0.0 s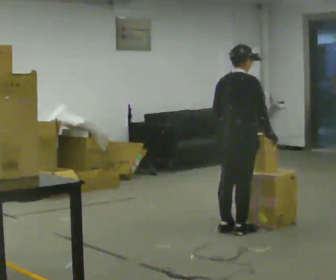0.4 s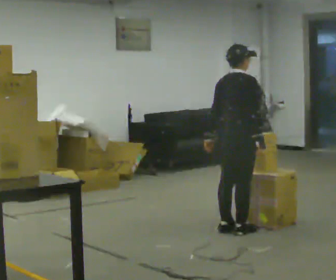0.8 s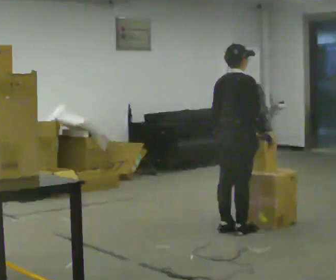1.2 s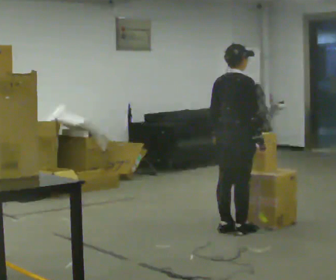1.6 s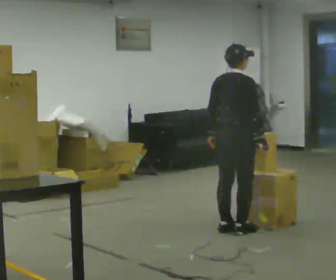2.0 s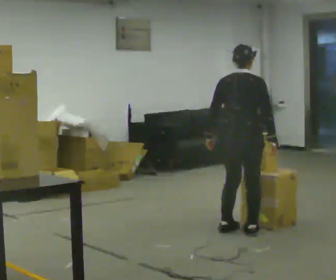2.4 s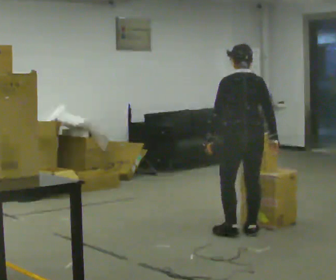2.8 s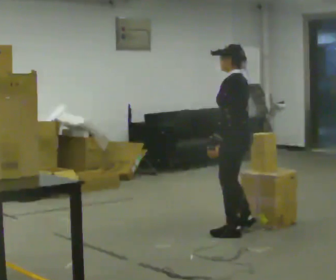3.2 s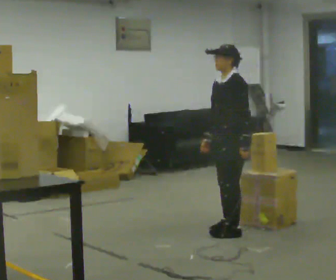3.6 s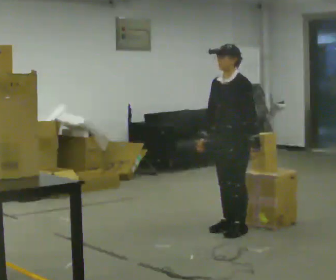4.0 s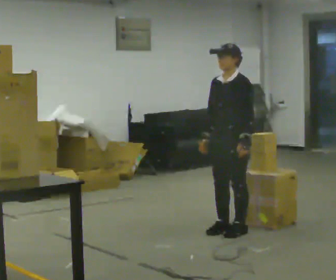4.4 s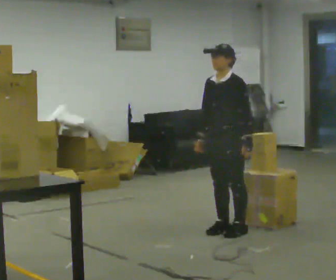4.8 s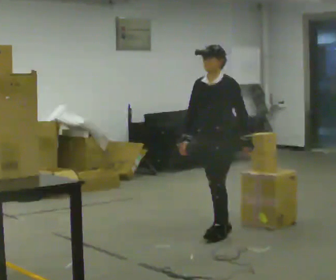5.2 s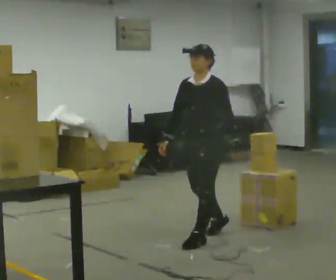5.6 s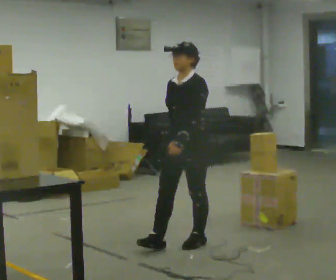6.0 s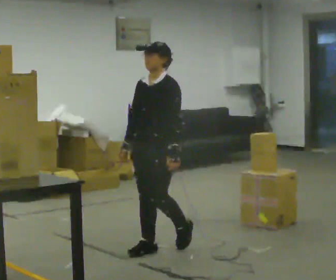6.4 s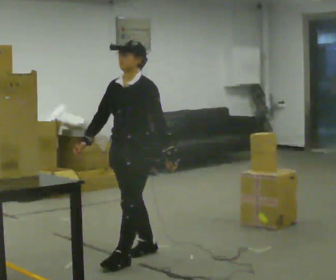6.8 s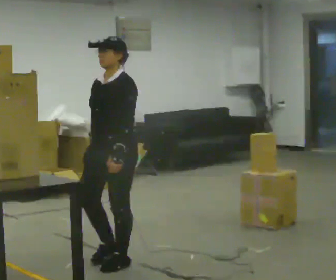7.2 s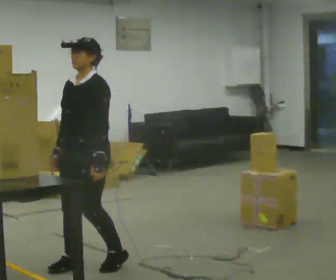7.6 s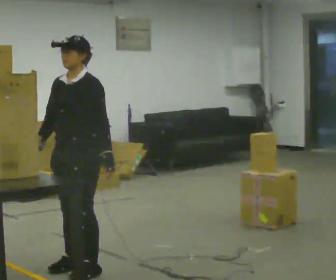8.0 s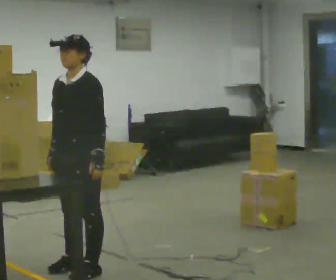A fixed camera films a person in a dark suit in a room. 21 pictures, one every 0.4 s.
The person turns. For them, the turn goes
to their left.
The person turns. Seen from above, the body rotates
counterclockwise.
0.0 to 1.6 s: The person moves a little, or ends about where they began.
1.6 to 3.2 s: Seen from above the body turns counterclockwise, about 150 degrees: to their left, with its near side sliding to the right. In the picture their left hand goes to the right.
3.2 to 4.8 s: The person moves a little, or ends about where they began.
4.8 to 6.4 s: In the picture they go toward the camera and to the left, about 1 m in 3 steps, which for them is forward.
6.4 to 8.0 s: In the picture they go toward the camera and to the left, about 0.5 m in 2 steps, which for them is forward.
The film runs forward here.
